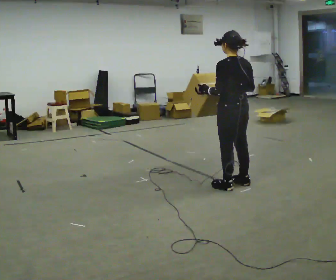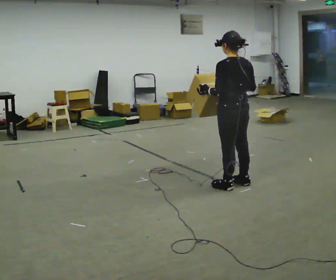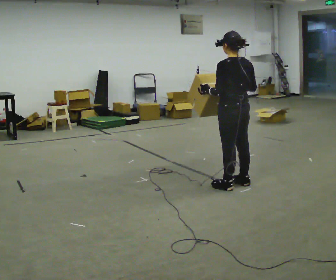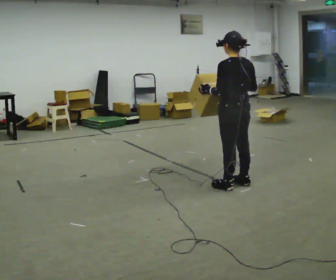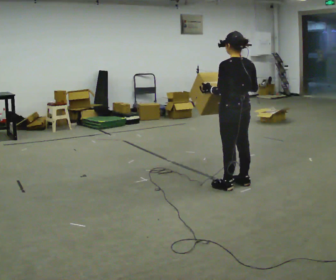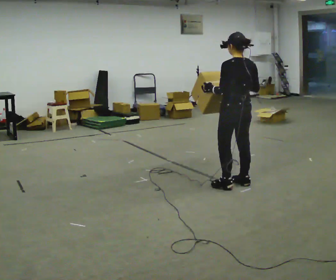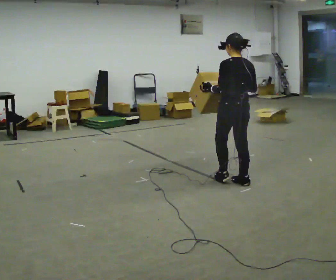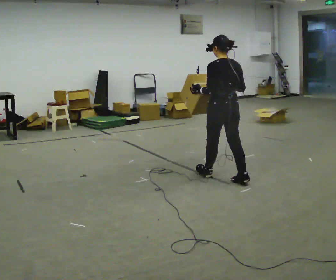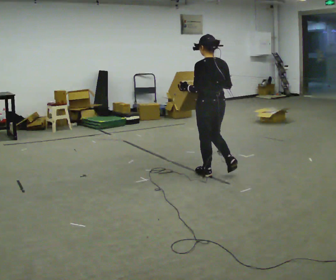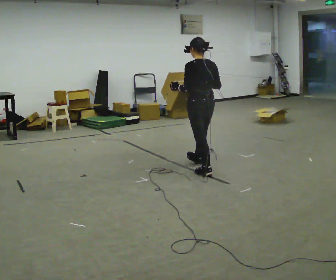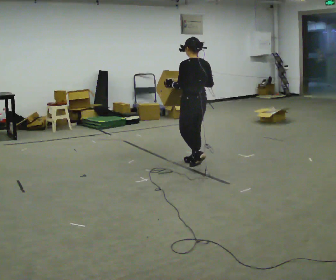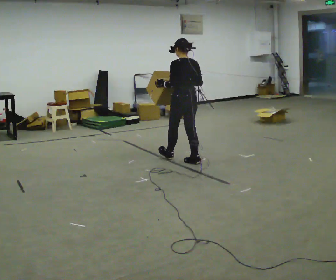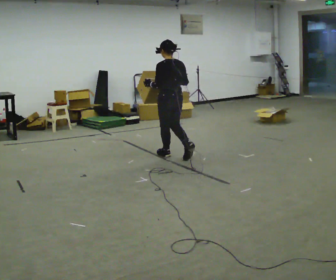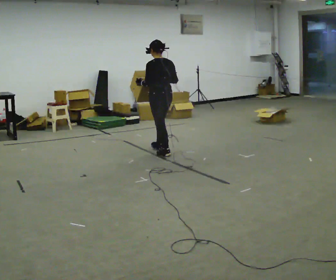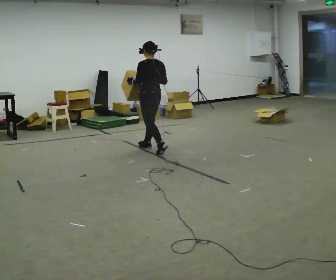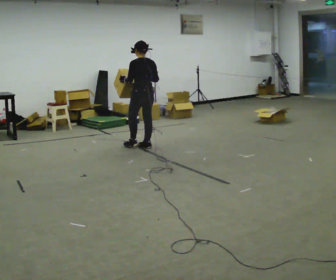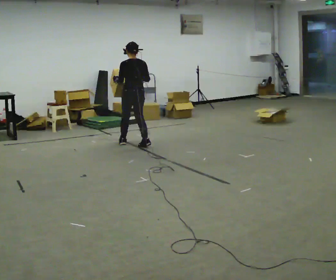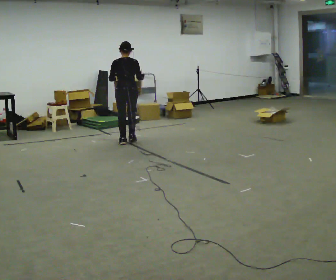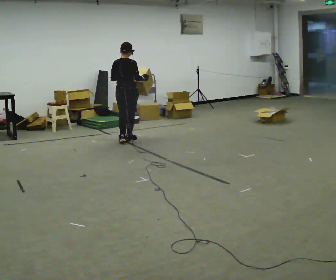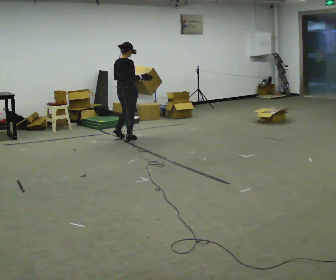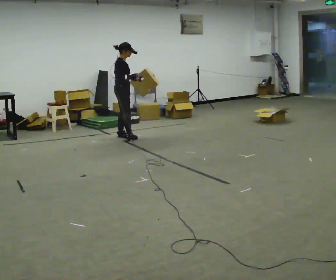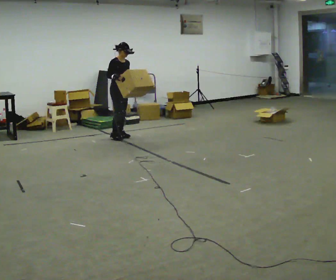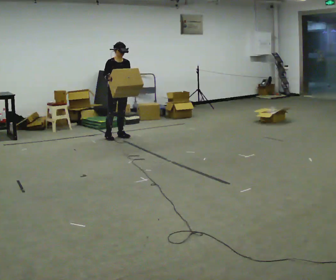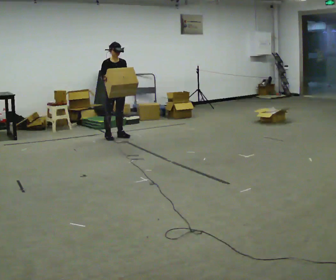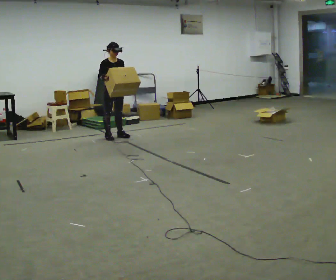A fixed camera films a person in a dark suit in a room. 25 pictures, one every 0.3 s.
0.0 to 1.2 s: The person moves a little, or ends about where they began.
1.2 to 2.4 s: In the picture they go away from the camera and to the left, about 0.5 m in 1 step, which for them is forward.
2.4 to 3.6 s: In the picture they go away from the camera and to the left, about 1 m in 2 steps, which for them is forward.
3.6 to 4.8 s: In the picture they go away from the camera and to the left, about 1 m in 2 steps, which for them is forward.
4.8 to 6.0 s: The part of the body nearest the lens slides to the left as the person turns to their right by about 120 degrees. In the picture they go away from the camera and to the left, about 0.5 m in 2 steps.
6.0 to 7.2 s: The person turns about 60 degrees to their right, clockwise seen from above, so the part of the body nearest the lens slides to the left. In the picture their right hand goes to the left.
The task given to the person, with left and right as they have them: Carry the medium box in both hands in front of you, walking back and forth across the room. Keep walking until the operator says stop.
The film runs forward here.
